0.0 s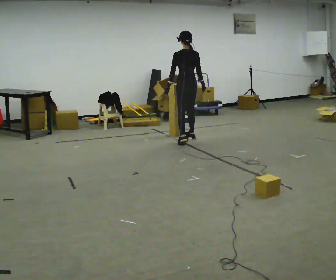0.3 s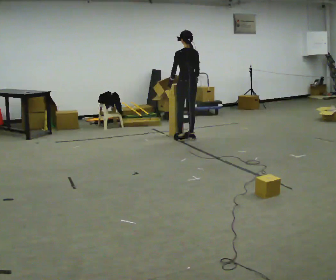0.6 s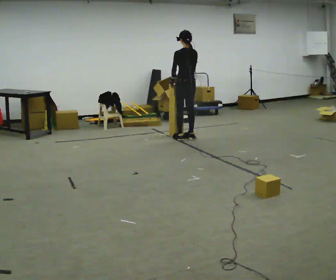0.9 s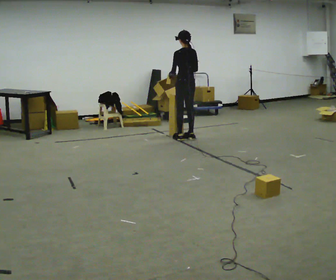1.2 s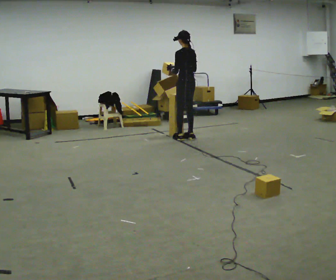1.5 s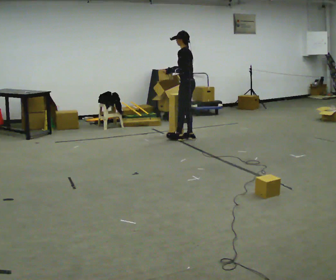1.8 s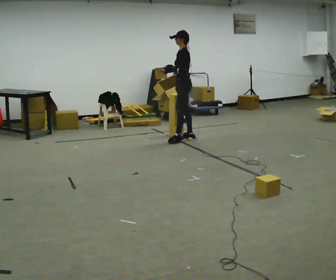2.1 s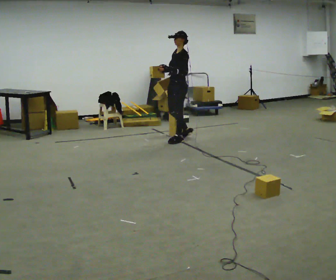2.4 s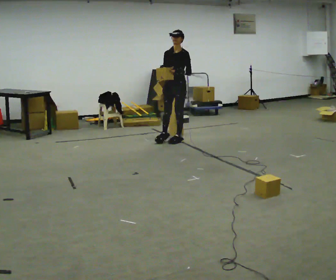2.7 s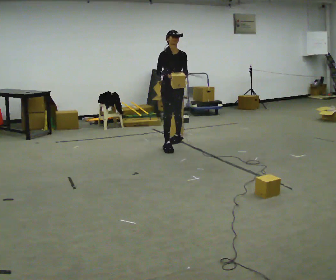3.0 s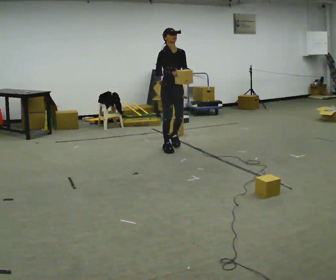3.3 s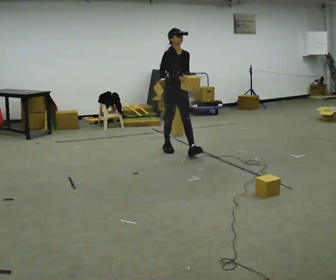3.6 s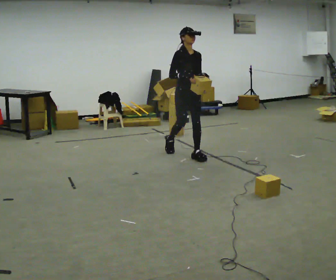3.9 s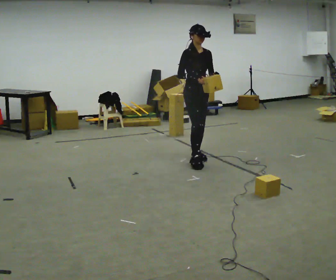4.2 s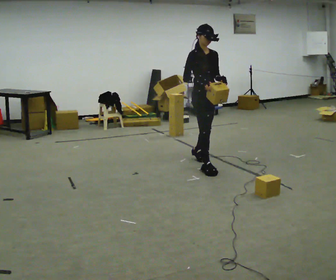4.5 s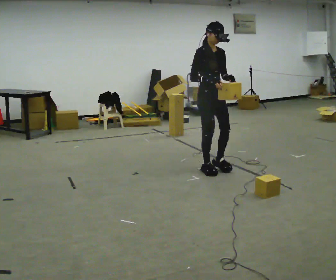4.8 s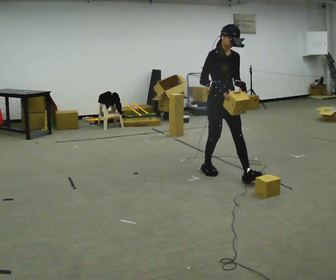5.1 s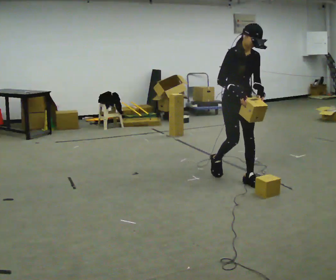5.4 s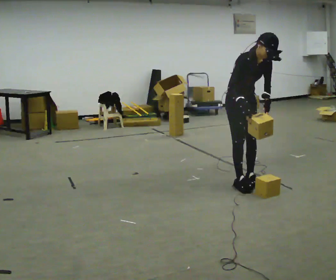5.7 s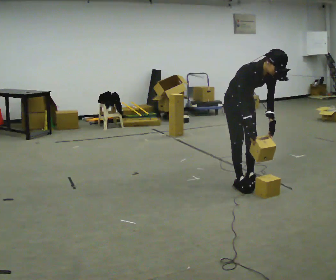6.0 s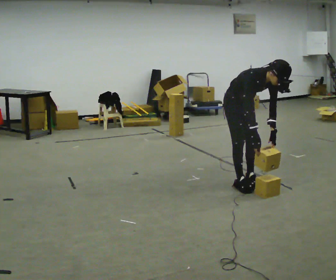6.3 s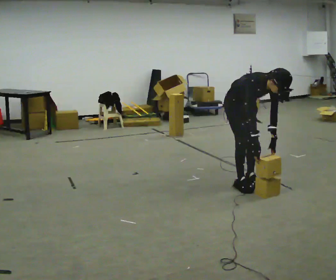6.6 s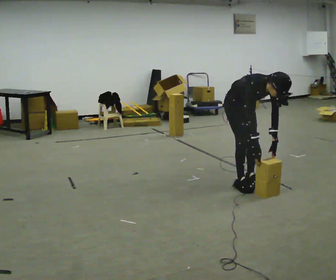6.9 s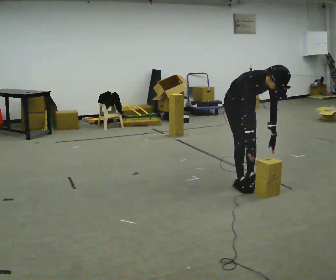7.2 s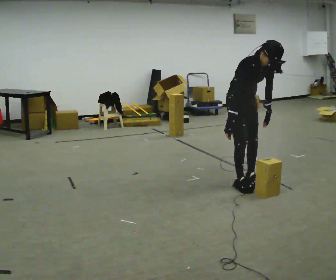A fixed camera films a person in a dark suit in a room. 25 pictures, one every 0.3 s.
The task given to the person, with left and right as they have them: Take boxes off the top of the stack one at a time and carry them away, walking back for each one. Keep going until the operator says stop; one object at a time, and do not rush between trips.
0.0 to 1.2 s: The person moves a little, or ends about where they began.
1.2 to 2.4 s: Seen from above the body turns counterclockwise, about 120 degrees: to their left, with its near side sliding to the right. In the picture they go toward the camera and to the left, about 0.25 m.
2.4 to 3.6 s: The person turns about 45 degrees to their left, counterclockwise seen from above, so the part of the body nearest the lens slides to the right. In the picture they go toward the camera, about 1 m in 2 steps, which for them is forward.
3.6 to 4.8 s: In the picture they go toward the camera and to the right, about 1 m in 1 step, which for them is forward.
4.8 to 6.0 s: In the picture they go toward the camera, about 0.25 m in 2 steps, which for them is forward. The upper body goes downward. The upper body tips toward the camera, its near side rolling downward, as they bend forward. In the picture their right hand goes downward.
6.0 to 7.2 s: The person moves a little, or ends about where they began.
The film runs forward here.
